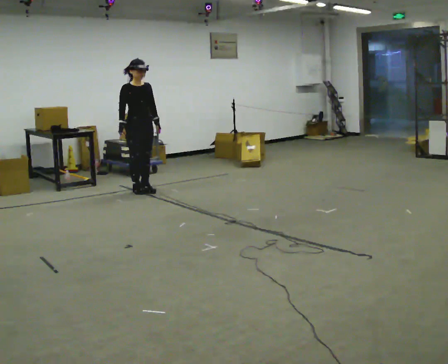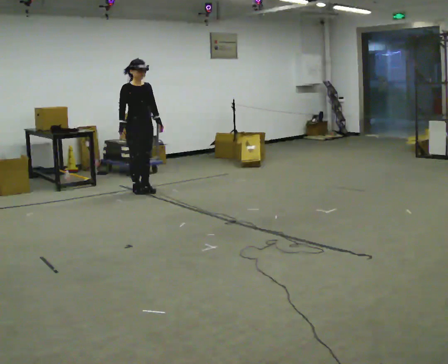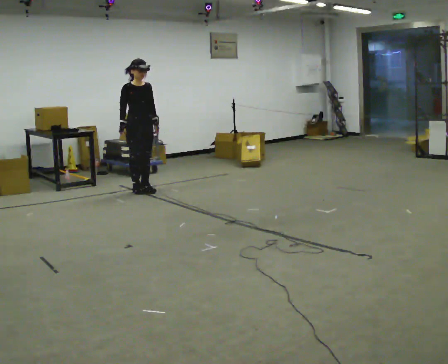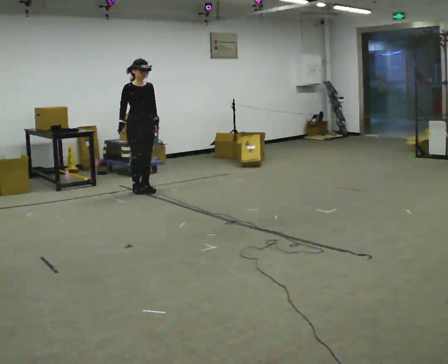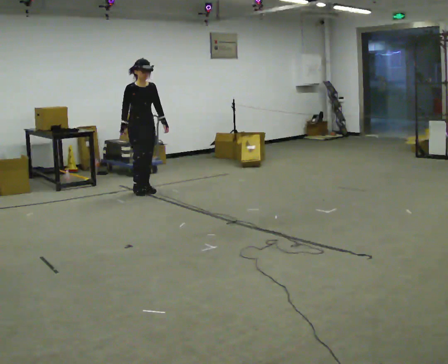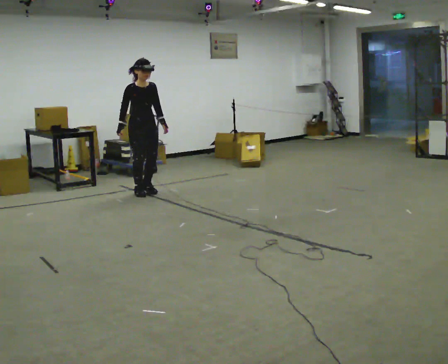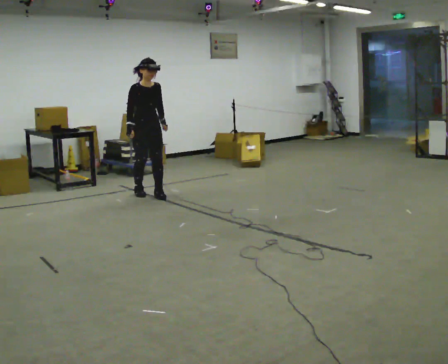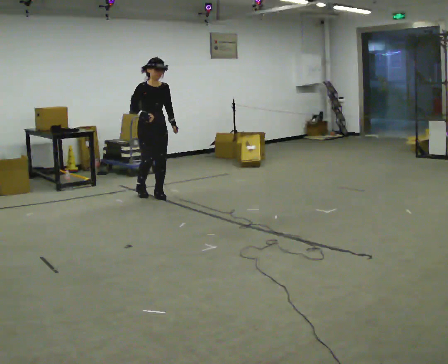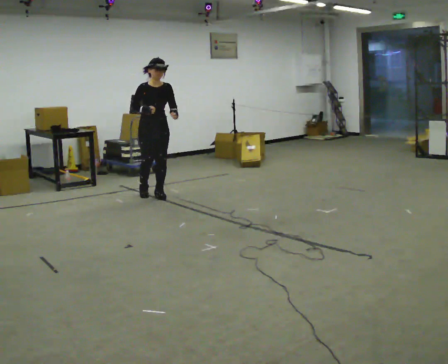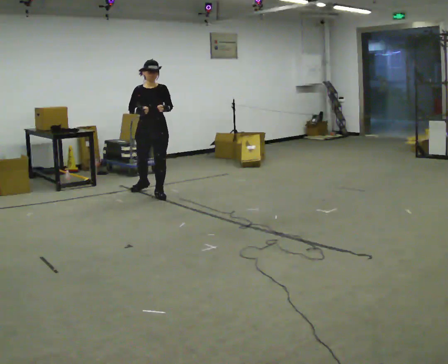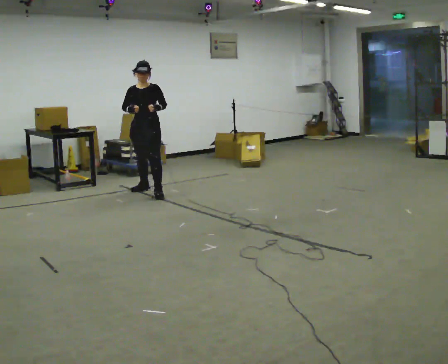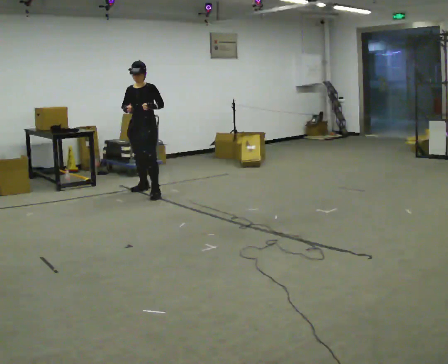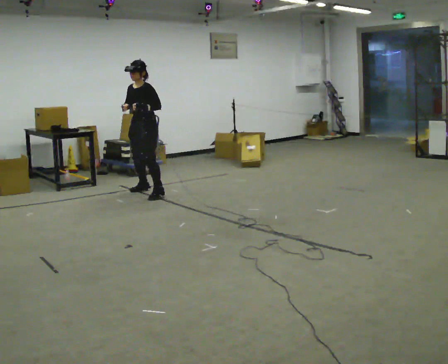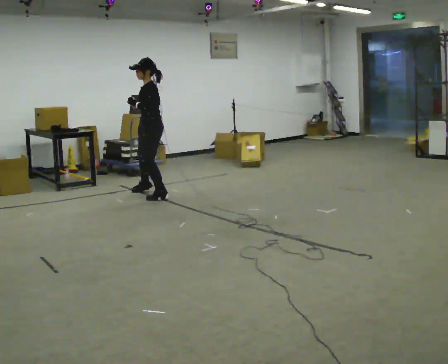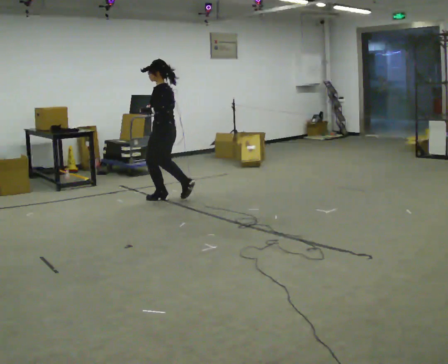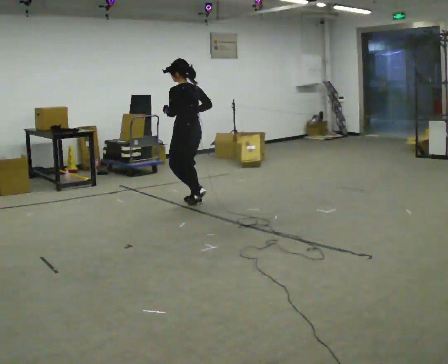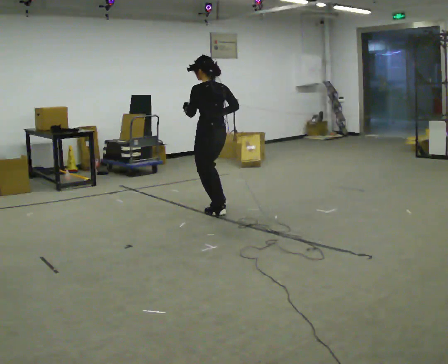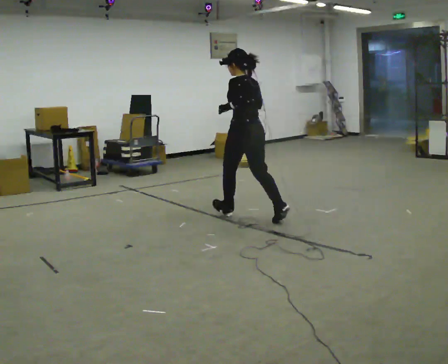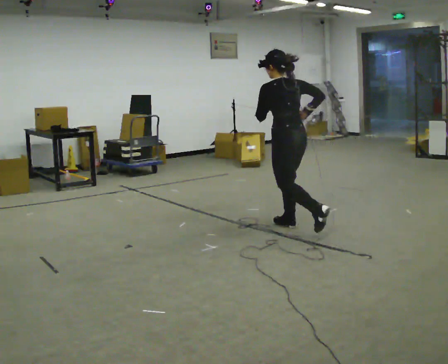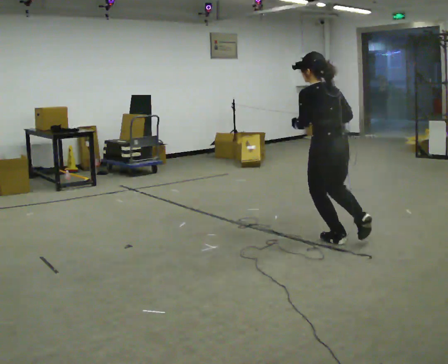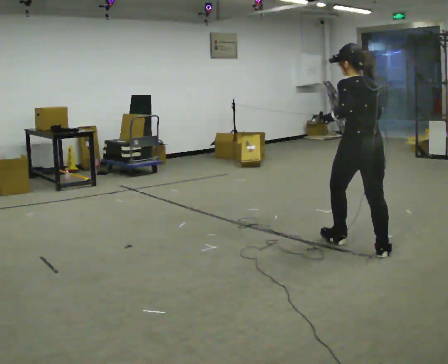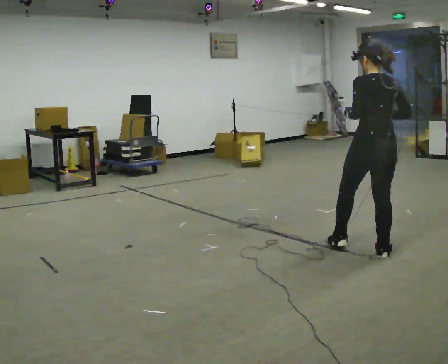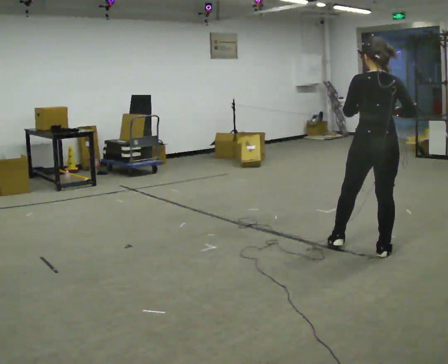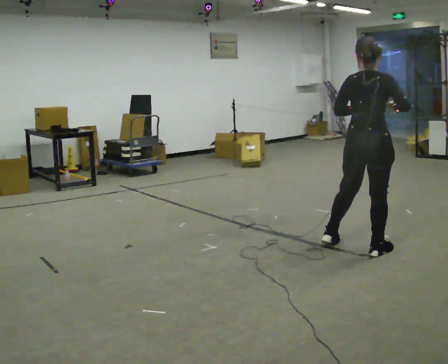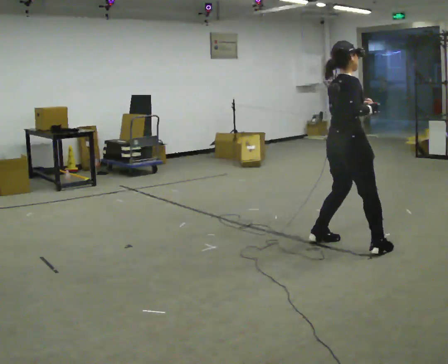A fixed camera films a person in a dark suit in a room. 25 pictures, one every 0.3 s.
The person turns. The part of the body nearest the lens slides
to the left.
The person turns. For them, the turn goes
to their right.
0.0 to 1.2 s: The person moves a little, or ends about where they began.
1.2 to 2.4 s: In the picture they go toward the camera and to the right, about 0.25 m in 2 steps, which for them is forward.
2.4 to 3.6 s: The part of the body nearest the lens slides to the left as the person turns to their right by about 60 degrees. In the picture they go away from the camera, about 0.25 m in 1 step, which for them is to their right. In the picture their left hand goes to the left.
3.6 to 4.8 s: Seen from above the body turns clockwise, about 105 degrees: to their right, with its near side sliding to the left. In the picture they go toward the camera and to the right, about 1 m in 3 steps.
4.8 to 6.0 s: The person turns about 30 degrees to their right, clockwise seen from above, so the part of the body nearest the lens slides to the left. In the picture they go toward the camera and to the right, about 2 m in 2 steps, which for them is backward.
6.0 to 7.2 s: The person turns about 90 degrees to their right, clockwise seen from above, so the part of the body nearest the lens slides to the left. In the picture their left hand goes to the right.
The film runs backward here.
